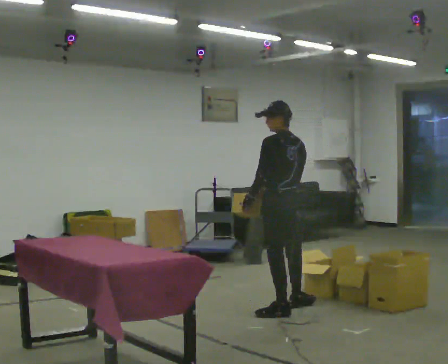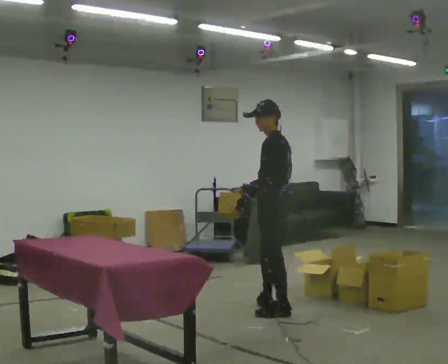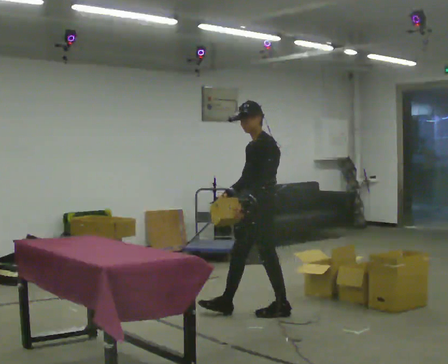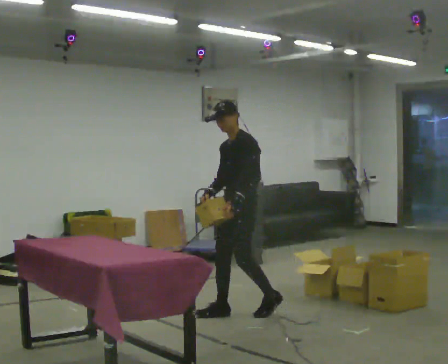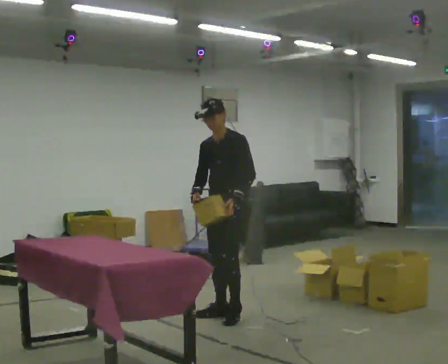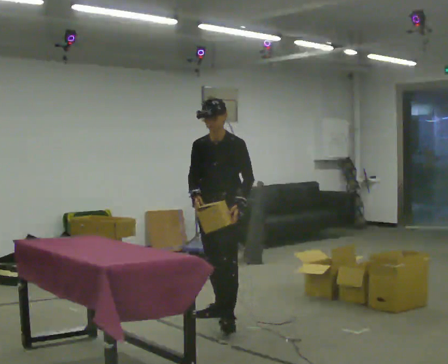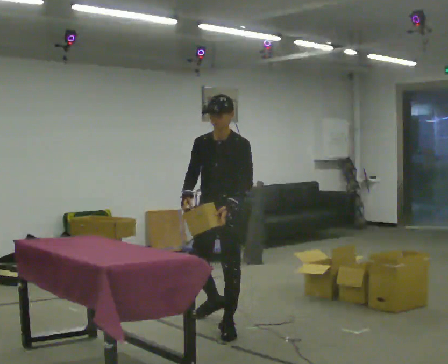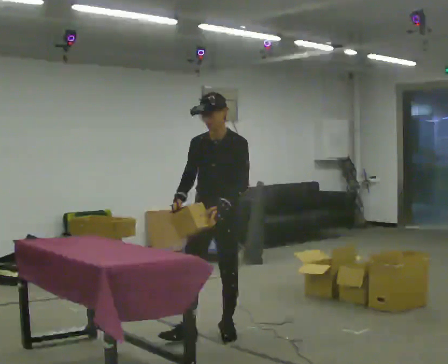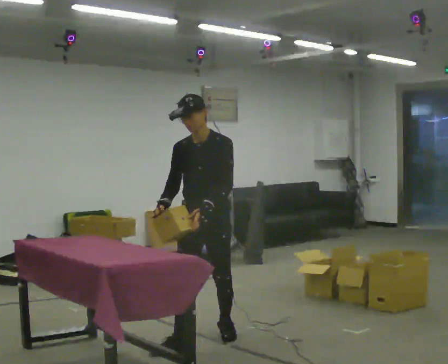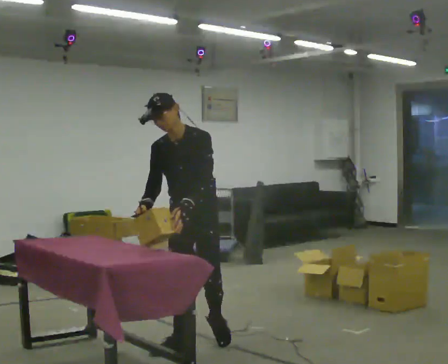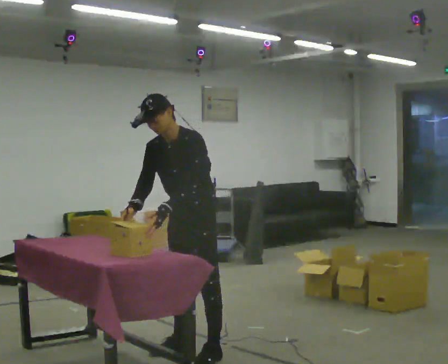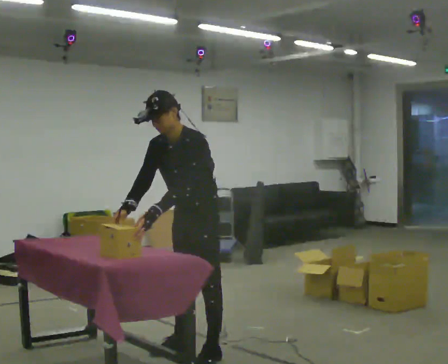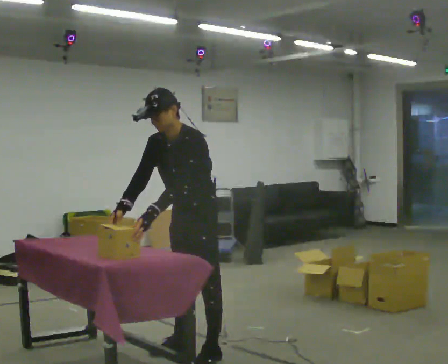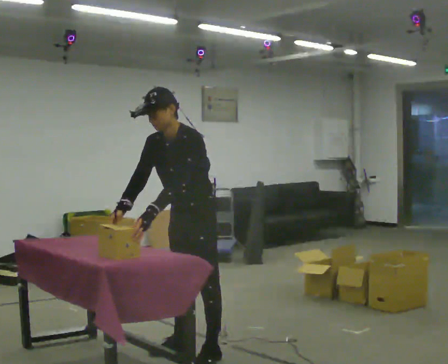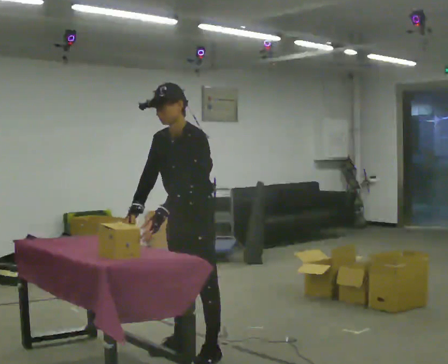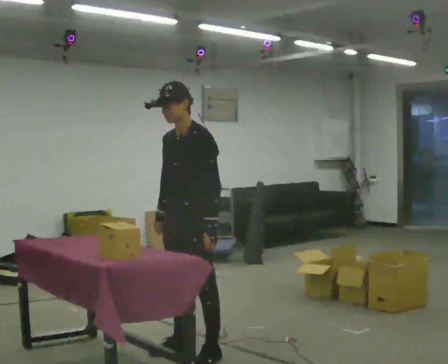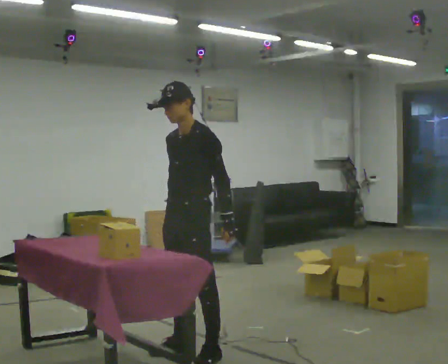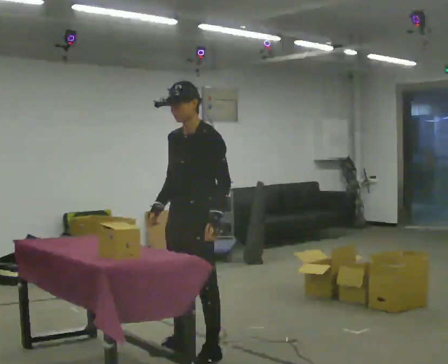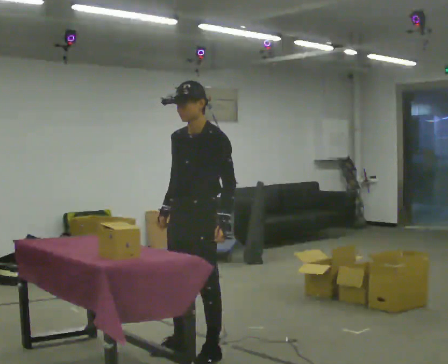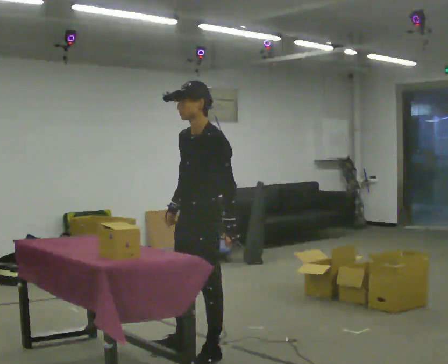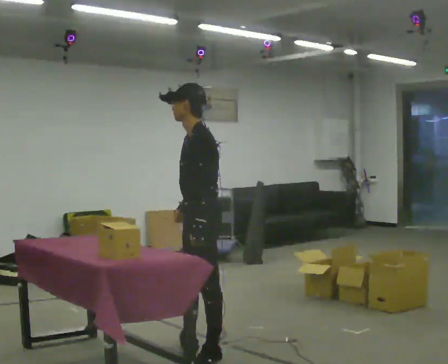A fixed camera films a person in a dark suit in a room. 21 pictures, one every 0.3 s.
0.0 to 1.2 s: The part of the body nearest the lens slides to the right as the person turns to their left by about 105 degrees. In the picture they go to the left, about 0.5 m in 1 step.
1.2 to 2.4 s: In the picture they go toward the camera and to the left, about 0.5 m in 2 steps, which for them is forward.
2.4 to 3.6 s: In the picture they go toward the camera, about 0.25 m in 1 step, which for them is forward and to their left. The upper body tips toward the camera, its near side rolling downward, as they bend forward.
3.6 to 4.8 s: In the picture the upper body tilts clockwise, shoulders to the right, as they lean back or straighten. In the picture their right hand goes to the right.
4.8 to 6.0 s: The person turns about 45 degrees to their right, clockwise seen from above, so the part of the body nearest the lens slides to the left.
The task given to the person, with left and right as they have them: 1. Take everything out of the crates by the door. 2. Put the small items on the middle shelf. 3. Put the large items on the bottom shelf. 4. Stack the empty crates by the door. 5. Tell the operator when you are finished.
The film runs forward here.
